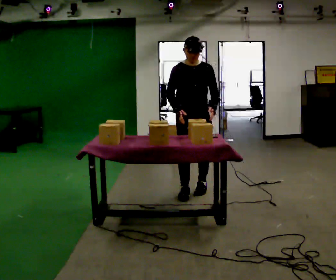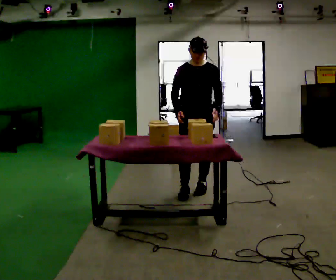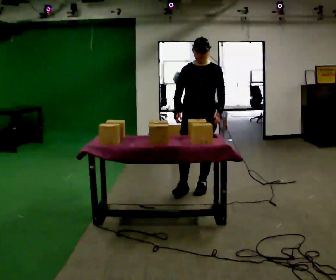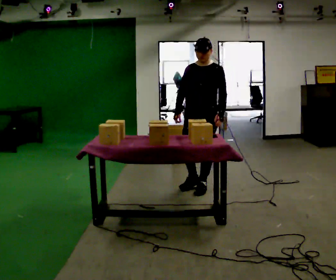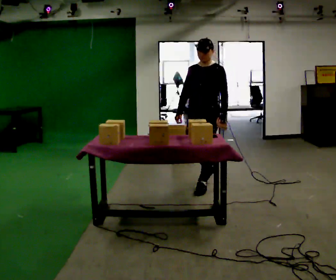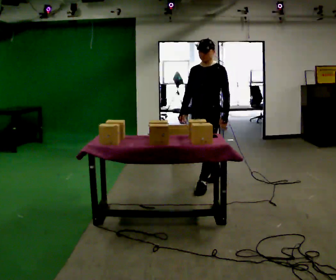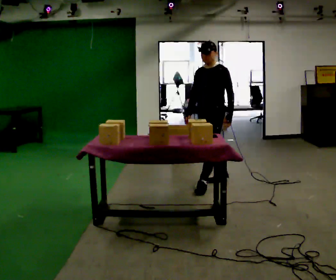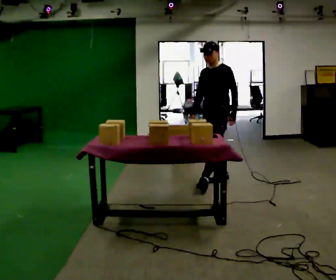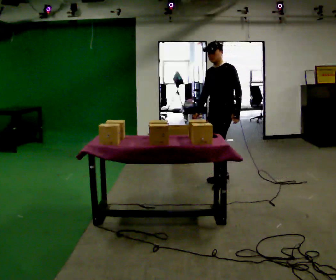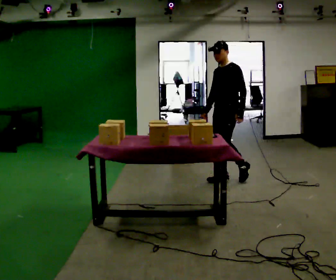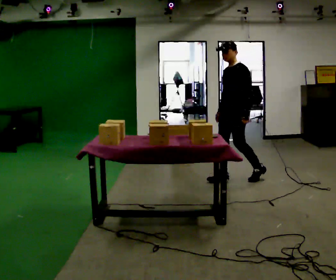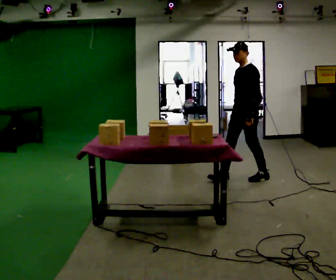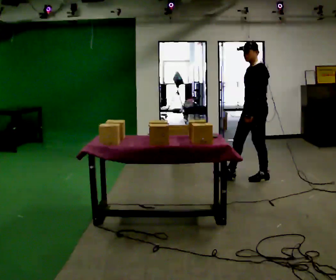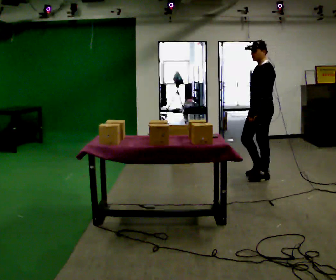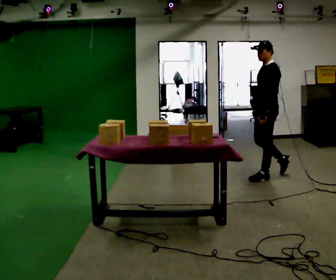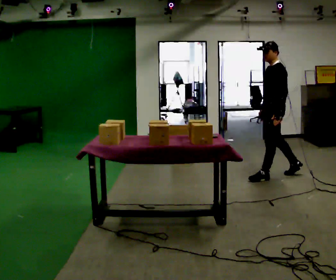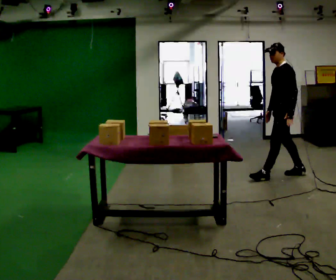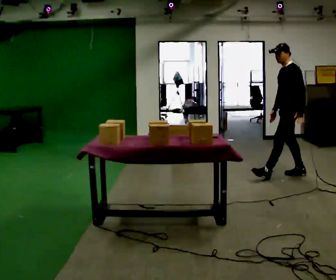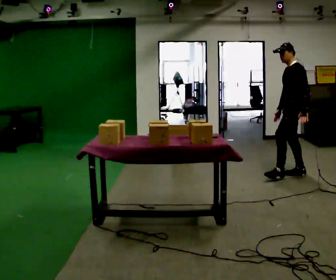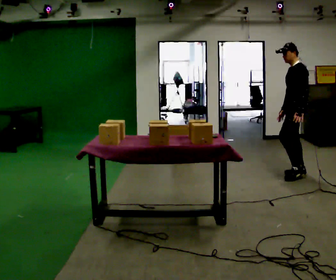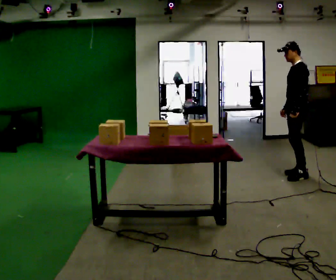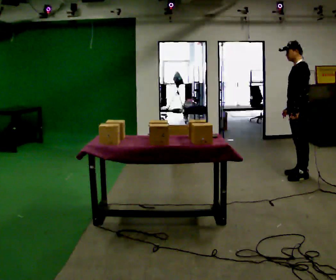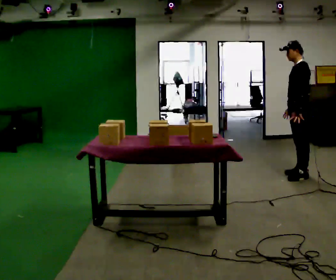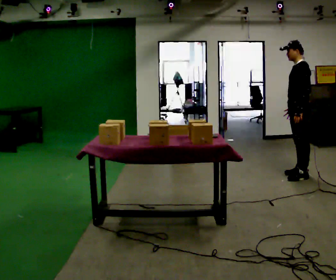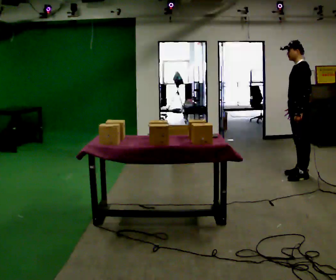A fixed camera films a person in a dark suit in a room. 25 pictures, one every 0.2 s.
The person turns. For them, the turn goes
to their right.
The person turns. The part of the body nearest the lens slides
to the left.
0.0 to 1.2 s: The part of the body nearest the lens slides to the left as the person turns to their right by about 60 degrees. In the picture they go away from the camera and to the right, about 0.5 m in 1 step, which for them is backward.
1.2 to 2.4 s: Seen from above the body turns clockwise, about 30 degrees: to their right, with its near side sliding to the left. In the picture they go to the right and away from the camera, about 0.5 m in 2 steps, which for them is backward.
2.4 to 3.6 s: In the picture they go to the right, about 0.5 m in 1 step, which for them is backward.
3.6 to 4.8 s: The person moves a little, or ends about where they began.
The film runs backward here.
